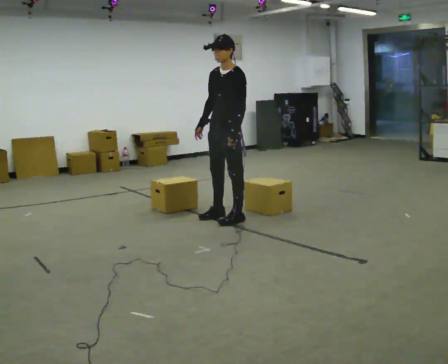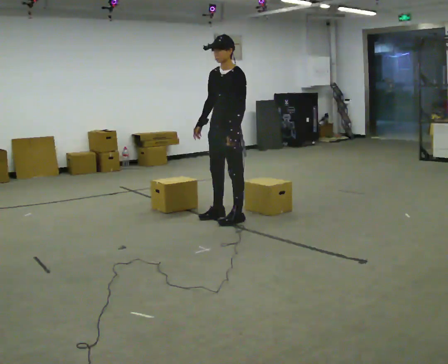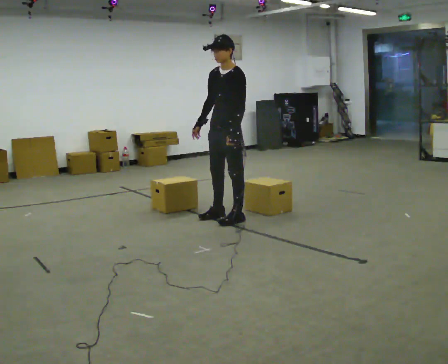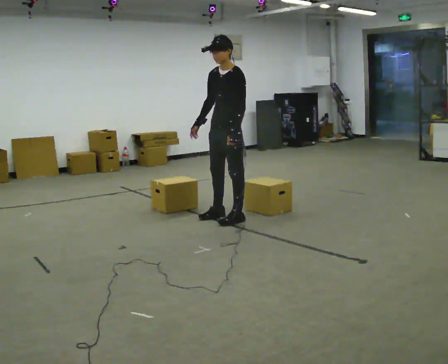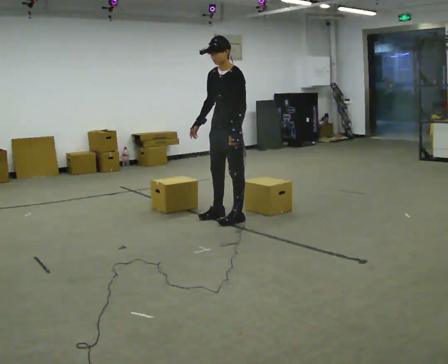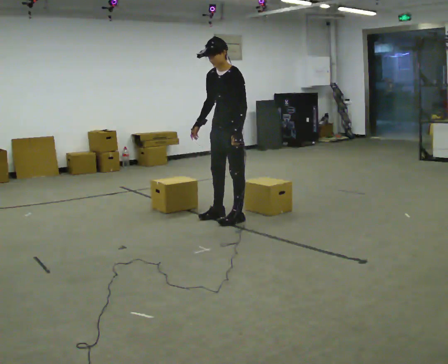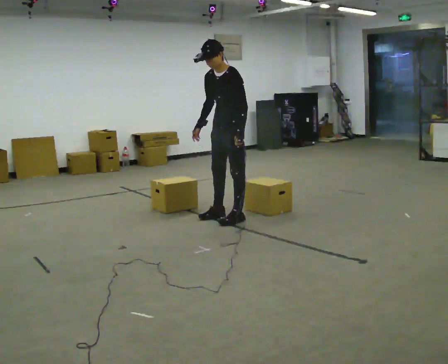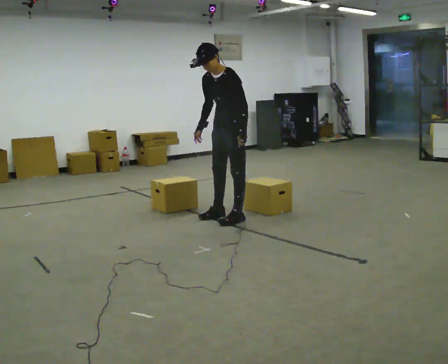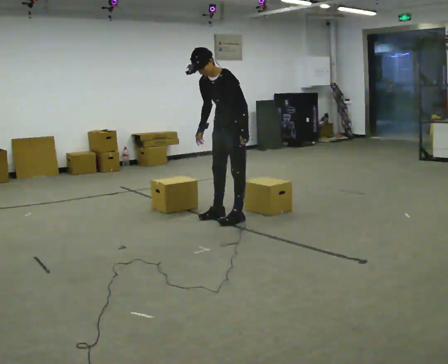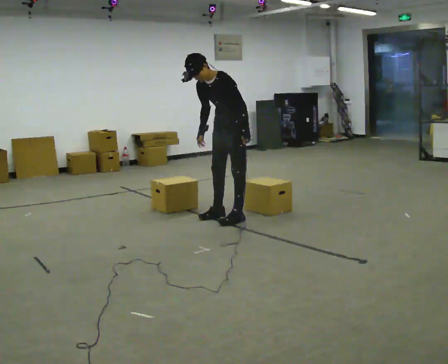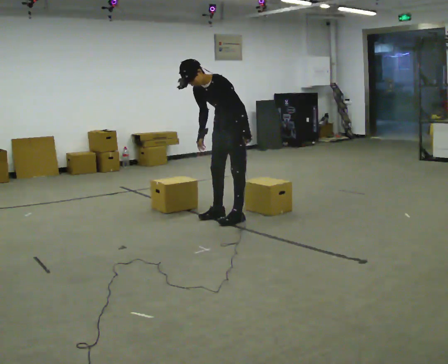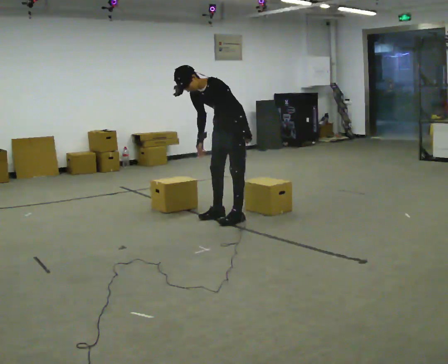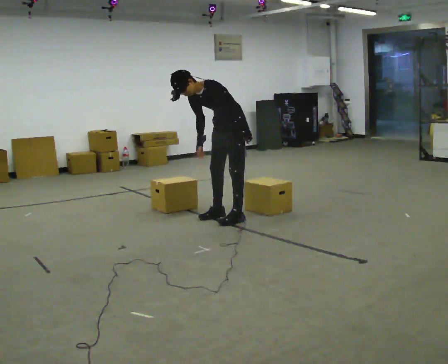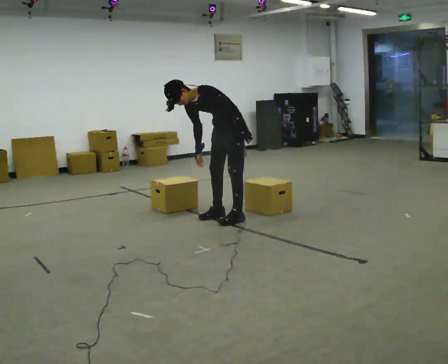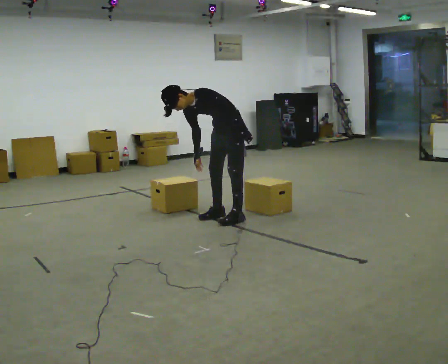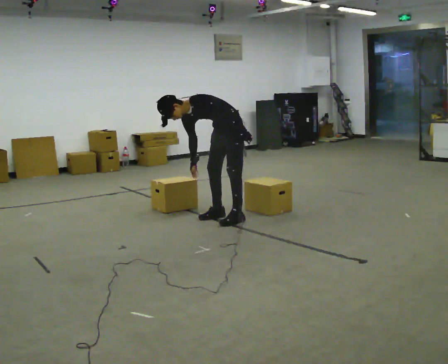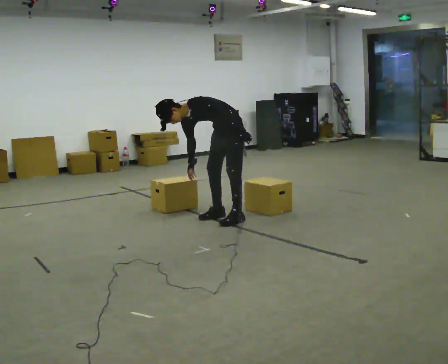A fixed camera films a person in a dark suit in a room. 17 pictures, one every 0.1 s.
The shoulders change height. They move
downward.
The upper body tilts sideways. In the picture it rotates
counterclockwise.
0.0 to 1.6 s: In the picture they go away from the camera, about 0.25 m, which for them is backward. The upper body goes downward. In the picture the upper body tilts counterclockwise, shoulders to the left, as they bend forward.
The film runs backward here.
